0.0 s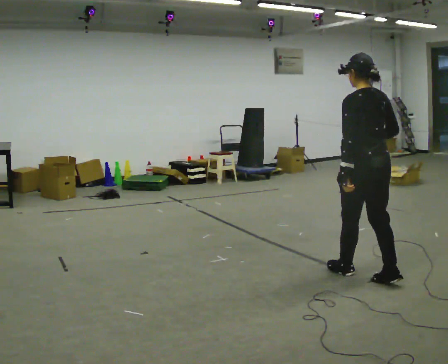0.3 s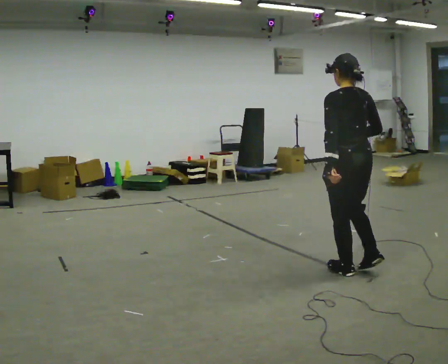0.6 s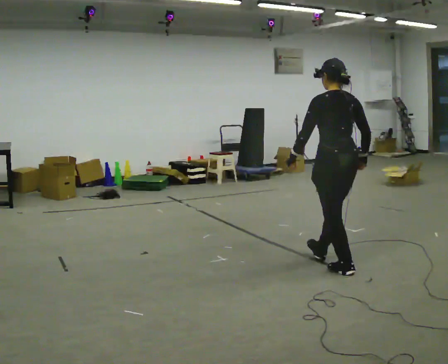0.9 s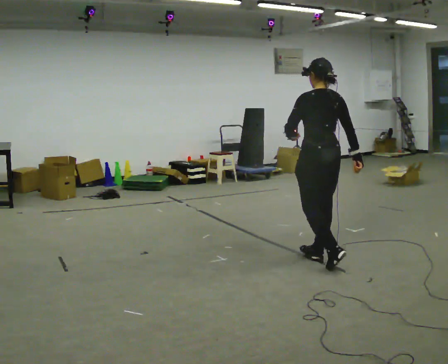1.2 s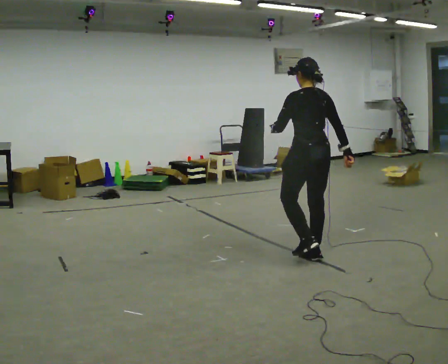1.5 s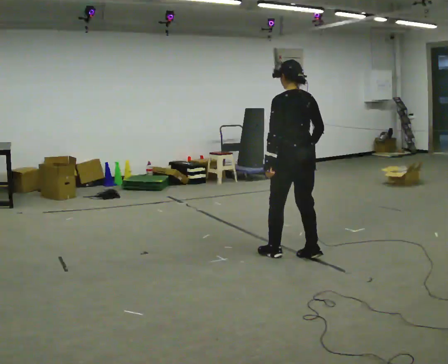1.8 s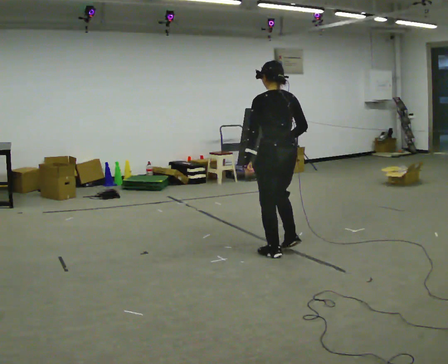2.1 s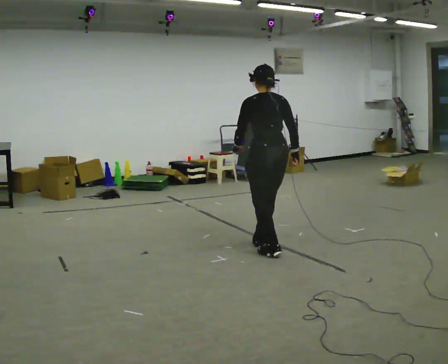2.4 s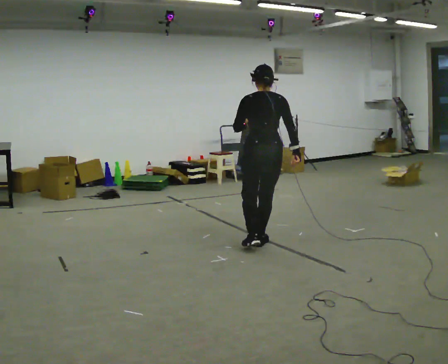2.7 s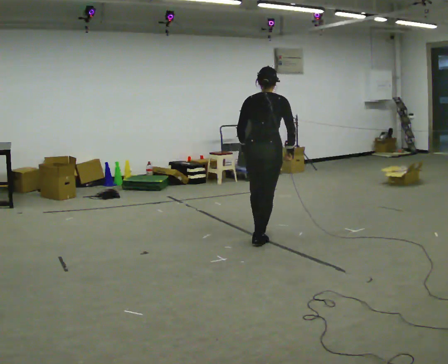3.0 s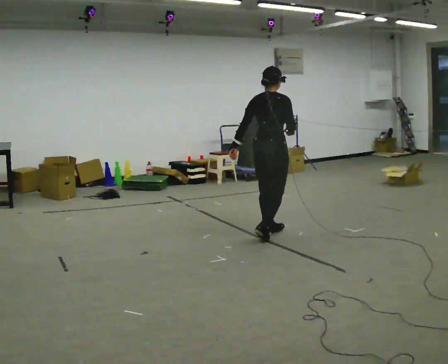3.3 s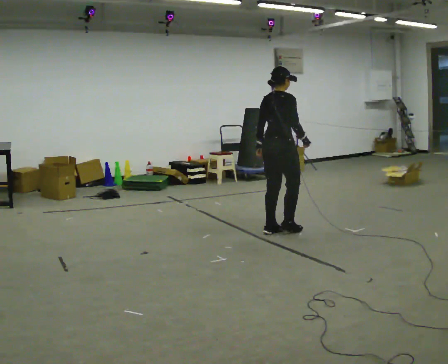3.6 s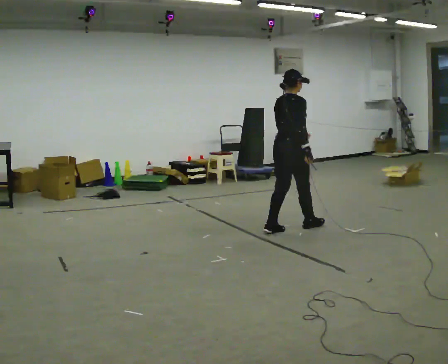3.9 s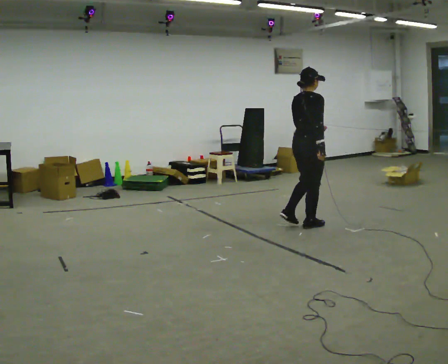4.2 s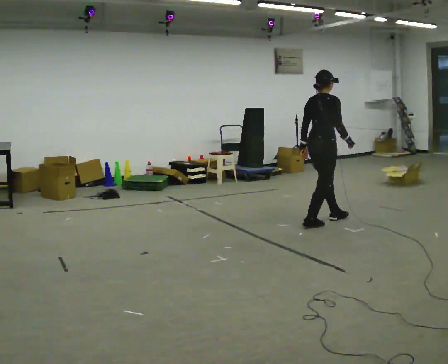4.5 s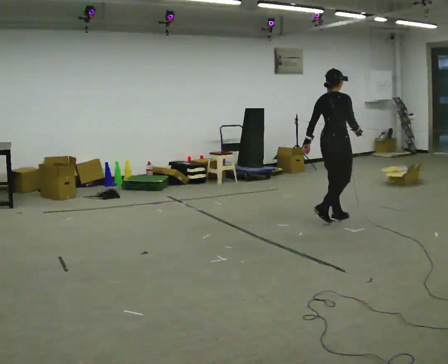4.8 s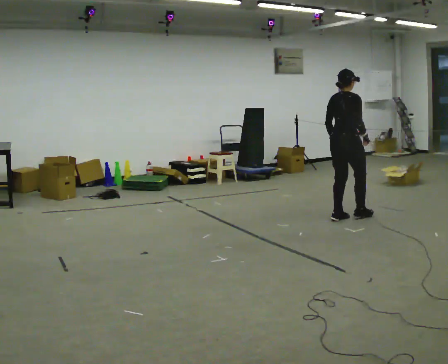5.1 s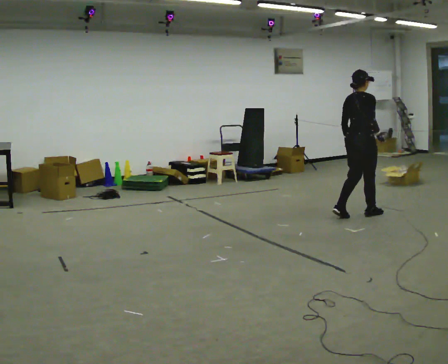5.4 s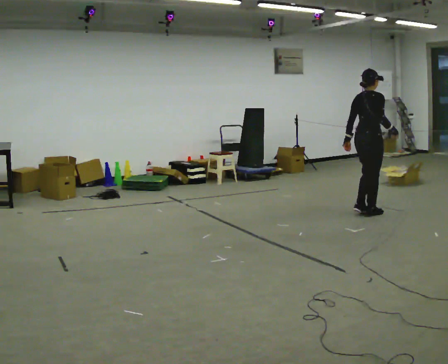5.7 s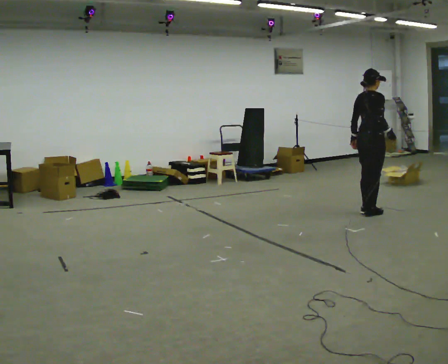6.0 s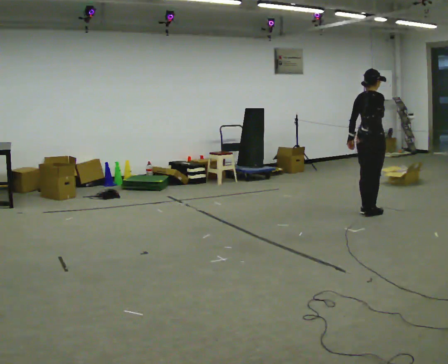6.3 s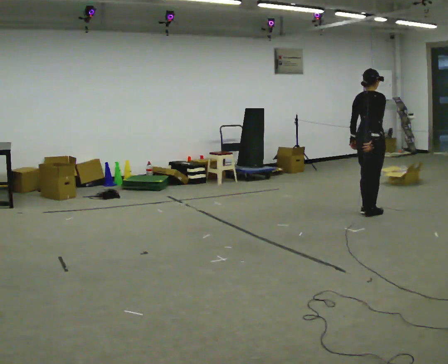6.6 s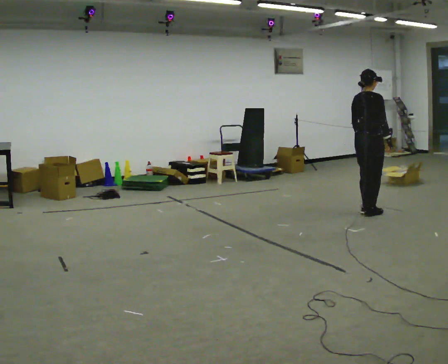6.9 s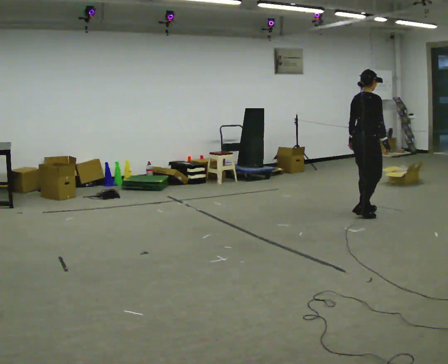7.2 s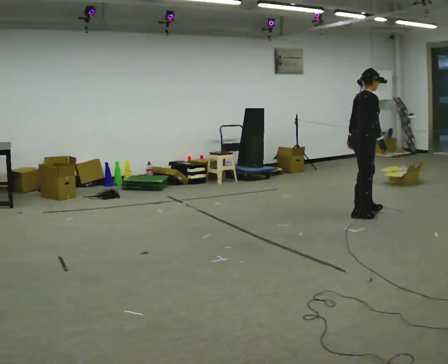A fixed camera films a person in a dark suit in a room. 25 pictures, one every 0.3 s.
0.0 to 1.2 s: In the picture they go away from the camera and to the left, about 0.75 m in 2 steps, which for them is forward.
1.2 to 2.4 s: In the picture they go to the left and away from the camera, about 0.5 m in 2 steps, which for them is forward.
2.4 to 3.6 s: Seen from above the body turns clockwise, about 60 degrees: to their right, with its near side sliding to the left. In the picture they go away from the camera, about 0.5 m in 1 step, which for them is forward.
3.6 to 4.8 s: In the picture they go to the right and away from the camera, about 0.5 m in 2 steps, which for them is forward.
4.8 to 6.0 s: In the picture they go to the right and away from the camera, about 0.25 m in 1 step, which for them is forward.
6.0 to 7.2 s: The person moves a little, or ends about where they began.
The film runs backward here.
